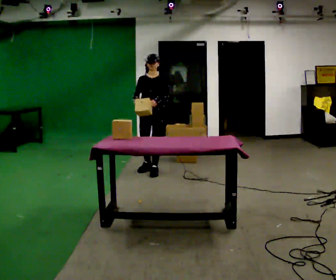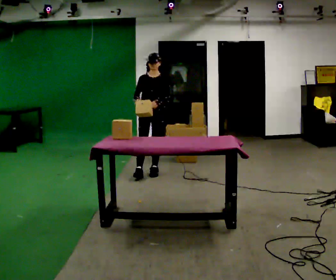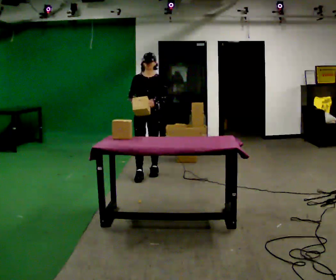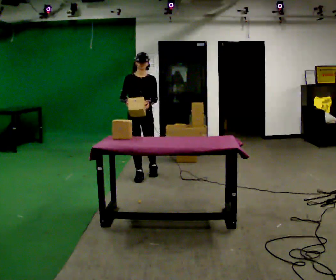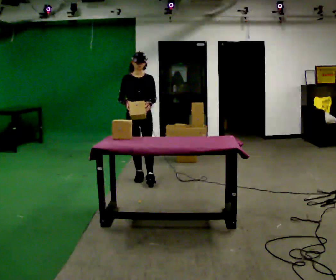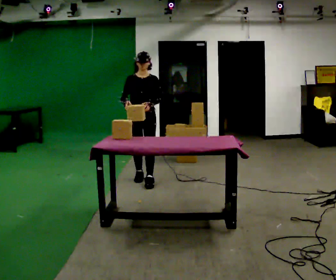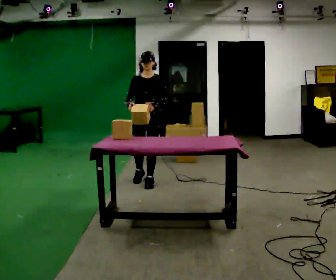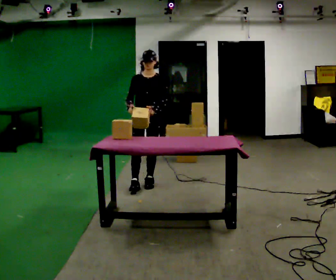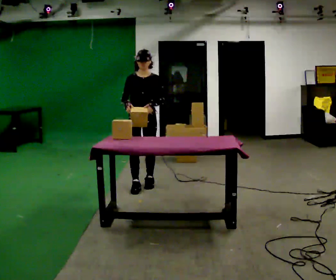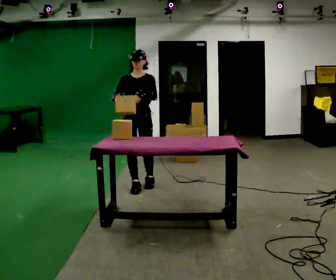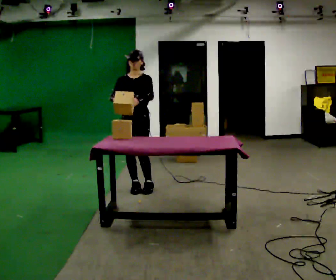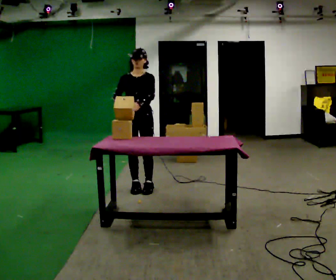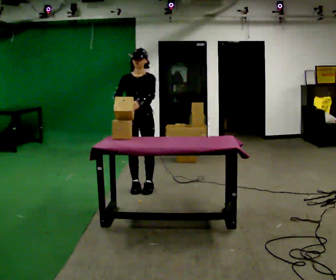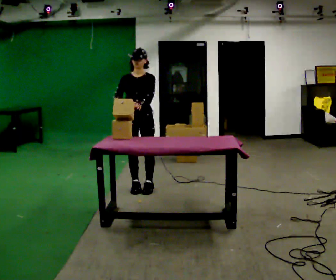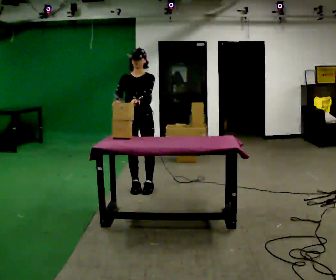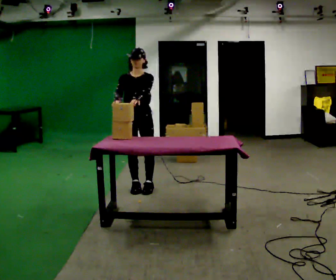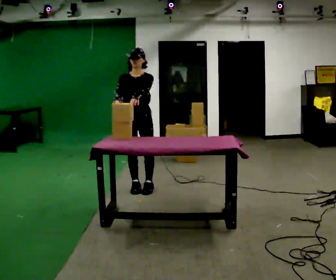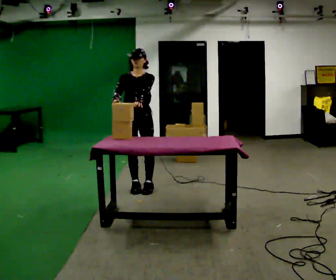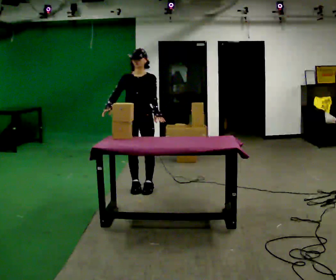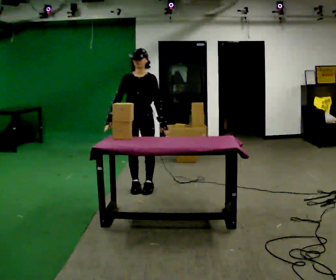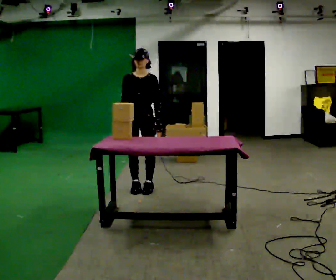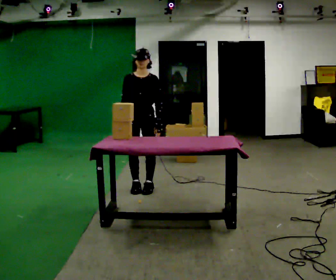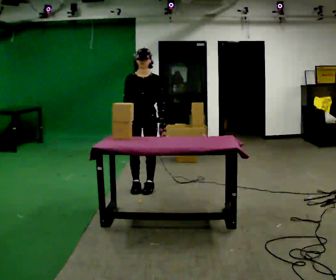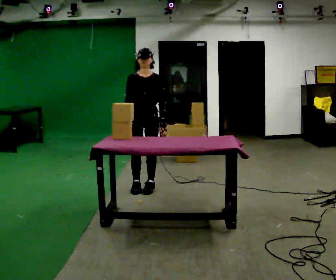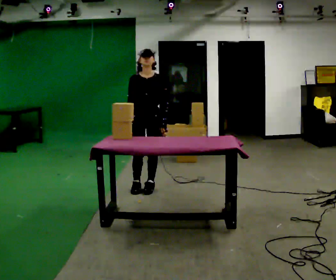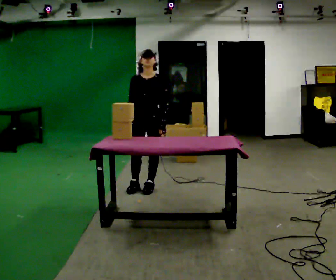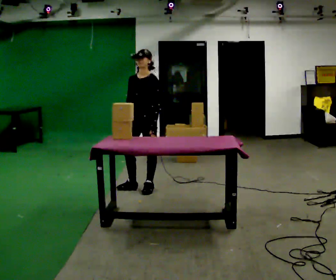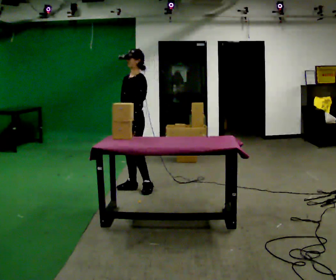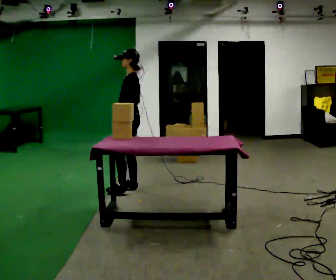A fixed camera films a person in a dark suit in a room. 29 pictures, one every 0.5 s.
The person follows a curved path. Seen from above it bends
clockwise.
0.0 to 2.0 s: In the picture they go toward the camera and to the left, about 0.25 m in 1 step, which for them is forward and to their right.
2.0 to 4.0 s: In the picture they go toward the camera, about 0.25 m in 2 steps, which for them is forward and to their left.
4.0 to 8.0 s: In the picture they go toward the camera, about 0.25 m in 1 step, which for them is forward.
8.0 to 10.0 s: In the picture their left hand goes downward.
10.0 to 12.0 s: The person moves a little, or ends about where they began.
12.0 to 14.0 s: The person turns about 90 degrees to their right, clockwise seen from above, so the part of the body nearest the lens slides to the left. In the picture they go to the left, about 0.25 m.
The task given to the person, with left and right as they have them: 1. Look at the shelf and see which spaces are empty. 2. Find matching items in the bins on the floor. 3. Fill the empty spaces on the shelf. 4. Tell the operator when you are finished.
The film runs forward here.
